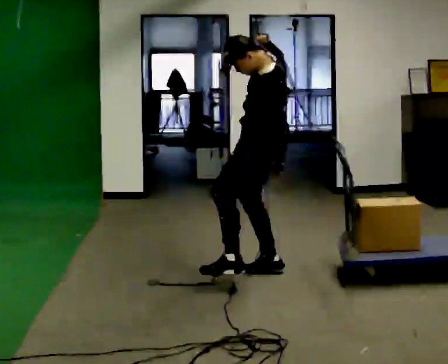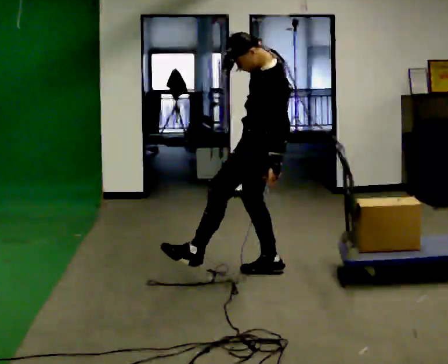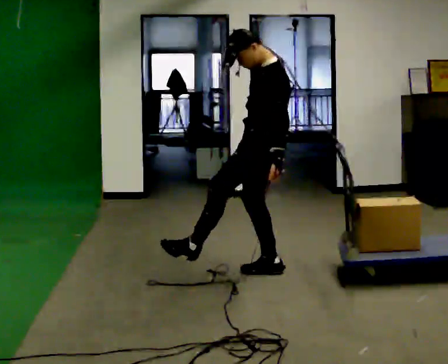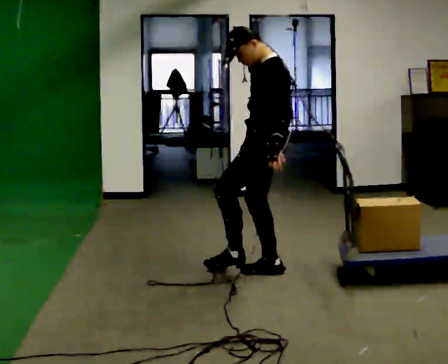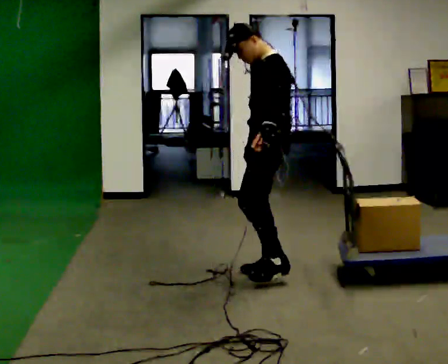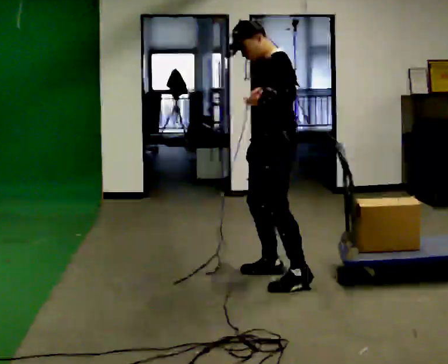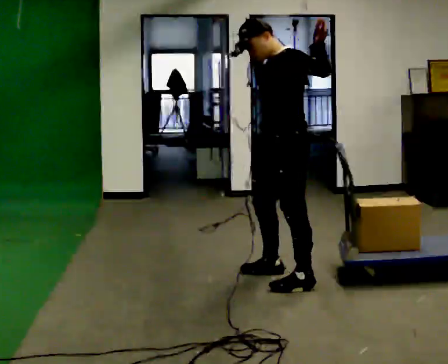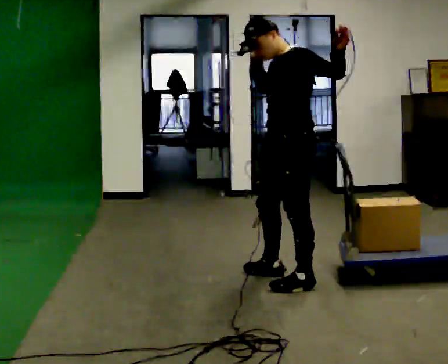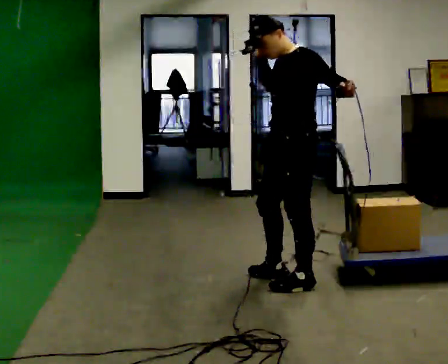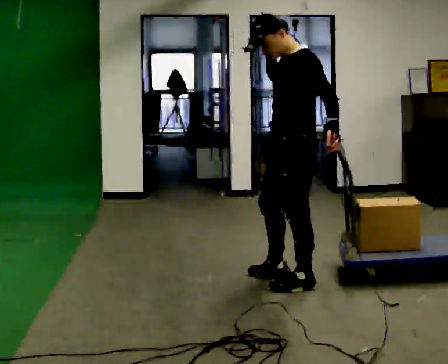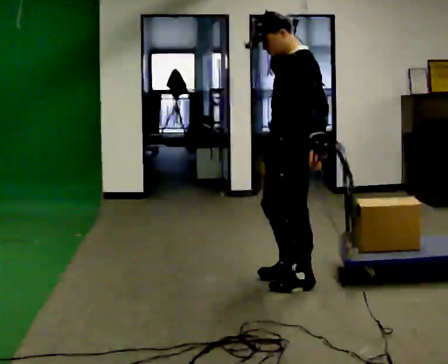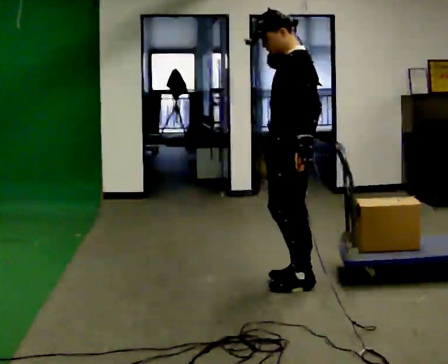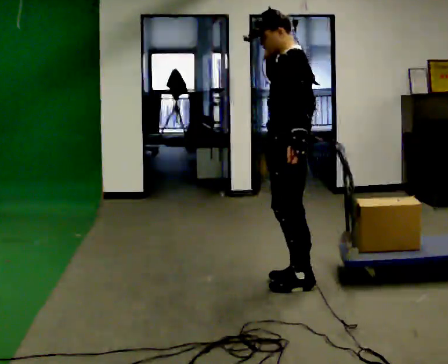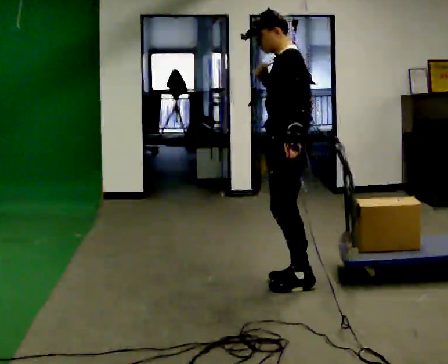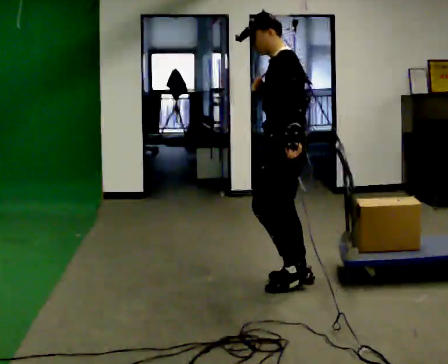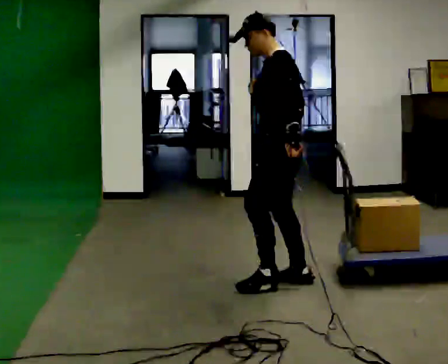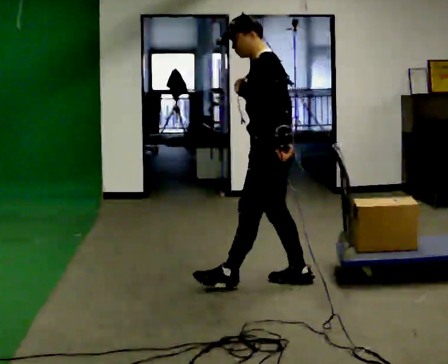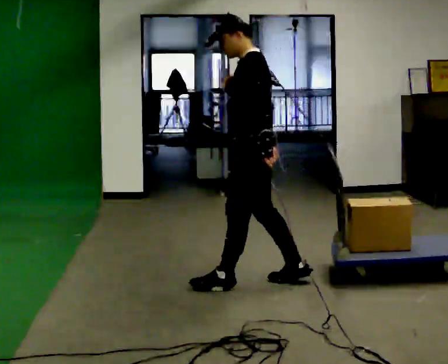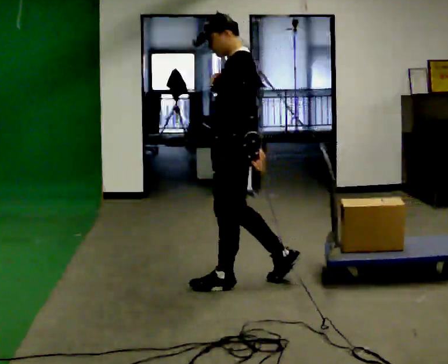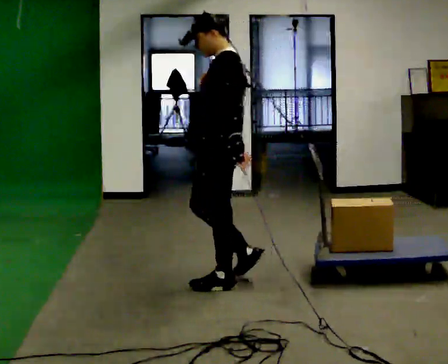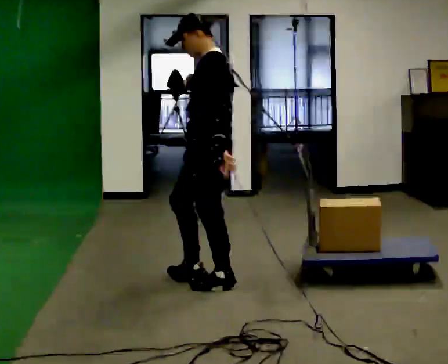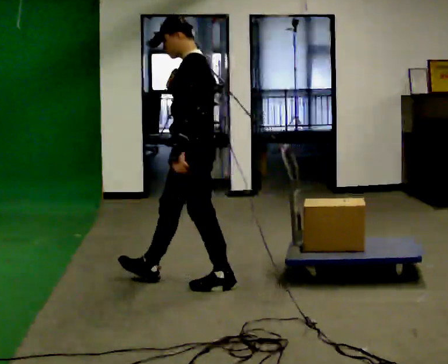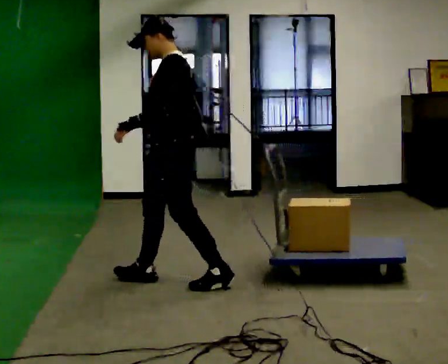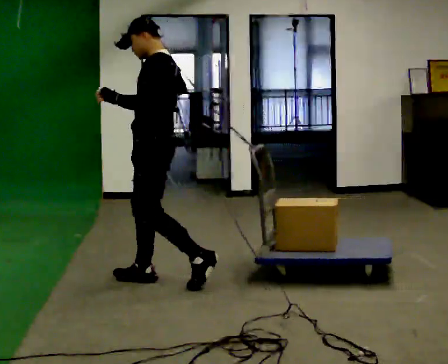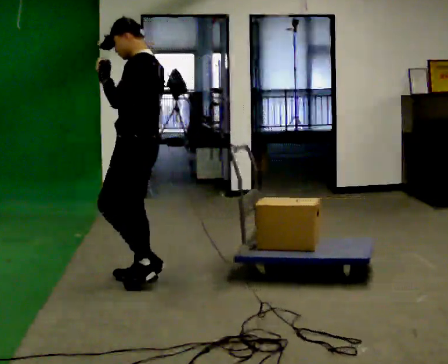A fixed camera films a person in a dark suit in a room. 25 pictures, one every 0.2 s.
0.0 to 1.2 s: In the picture they go toward the camera and to the right, about 0.25 m, which for them is to their left and backward. The upper body tips away from the camera, its near side rolling upward. In the picture their left hand goes upward.
1.2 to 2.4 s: In the picture their left hand goes downward.
2.4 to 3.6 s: In the picture they go to the left, about 0.25 m in 1 step, which for them is forward.
3.6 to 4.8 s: In the picture they go to the left, about 0.5 m in 1 step, which for them is forward. In the picture their left hand goes upward.
The film runs forward here.
